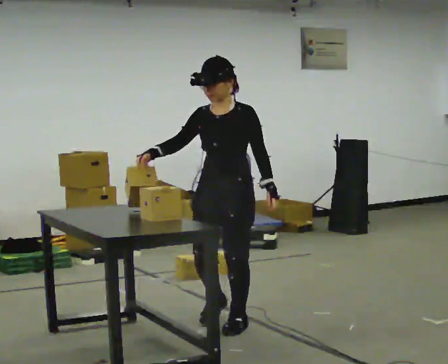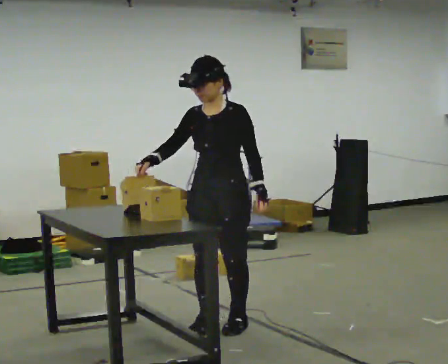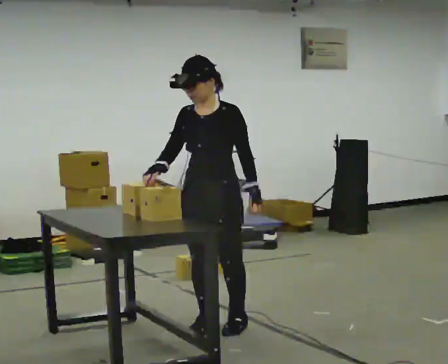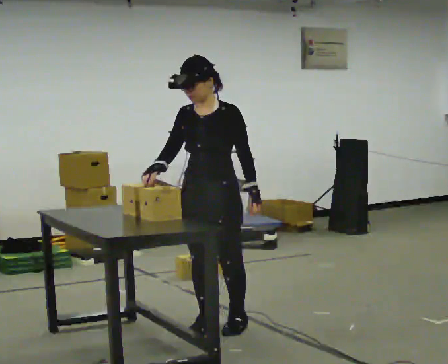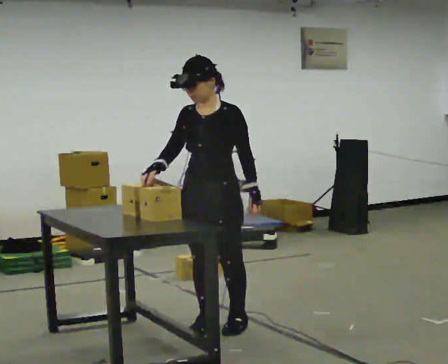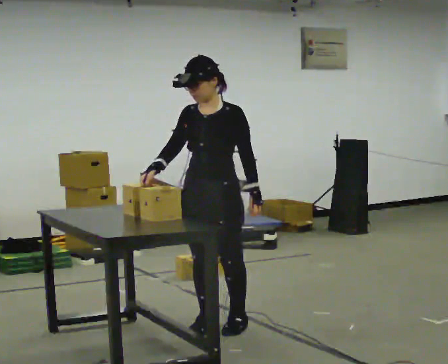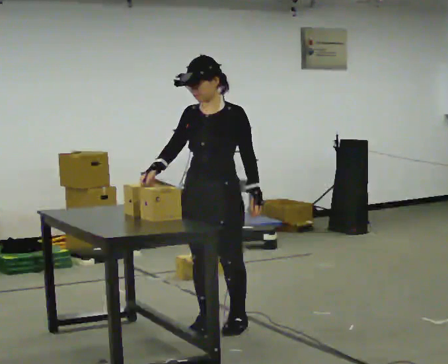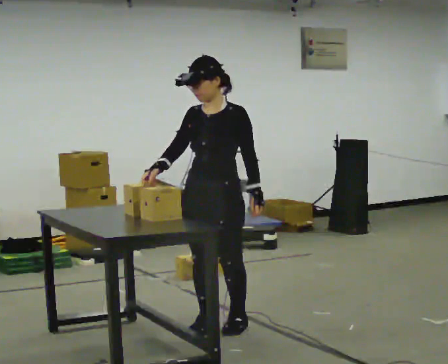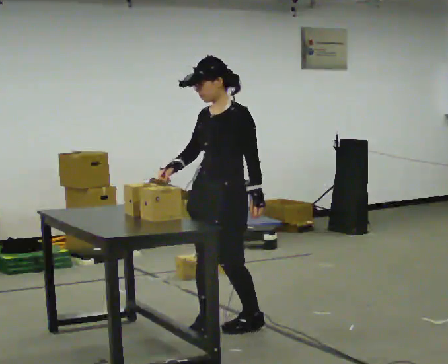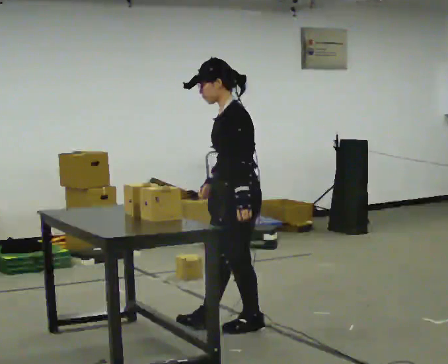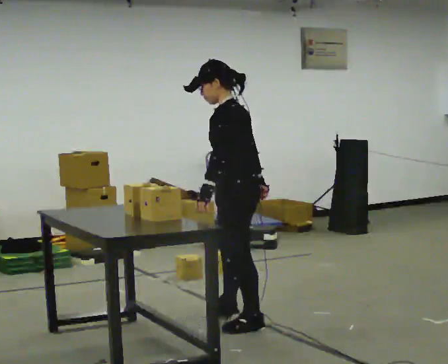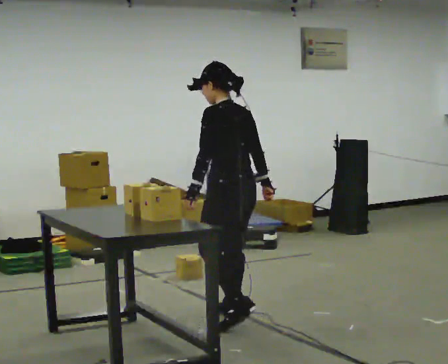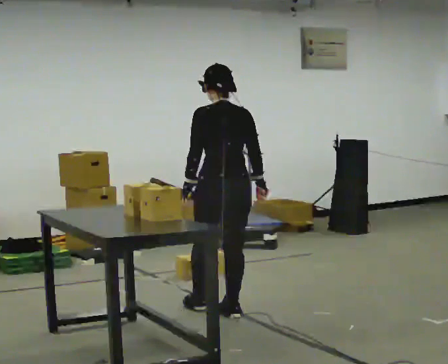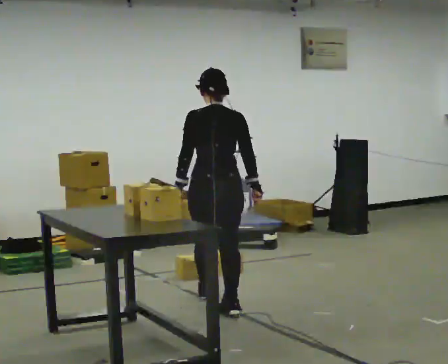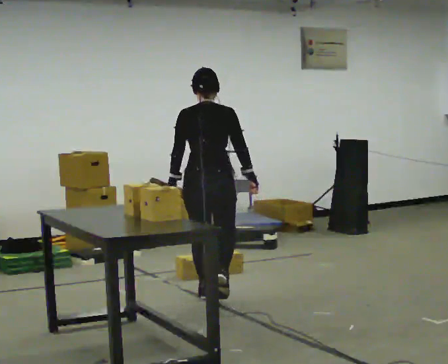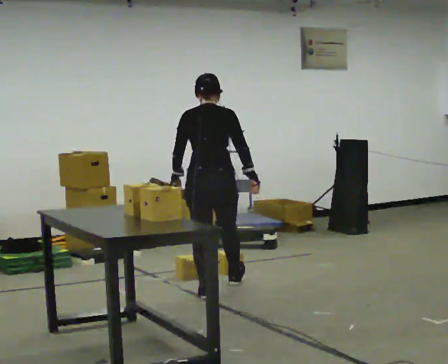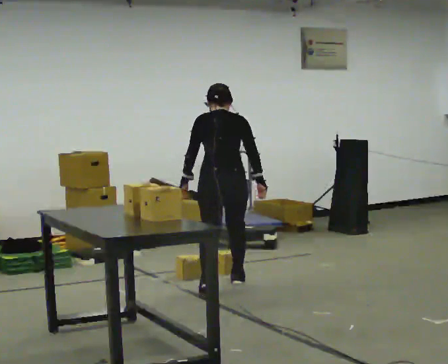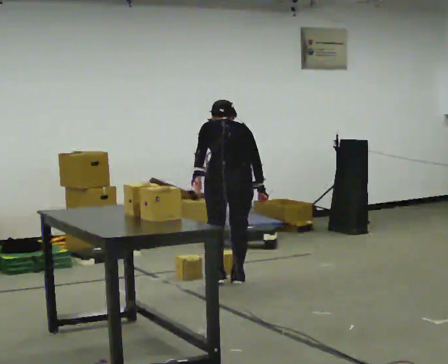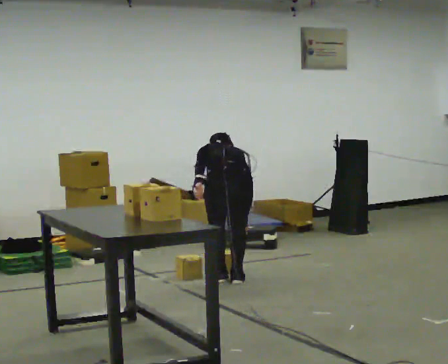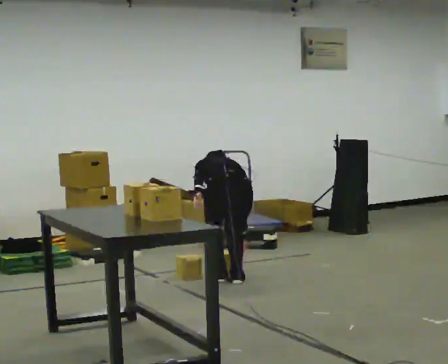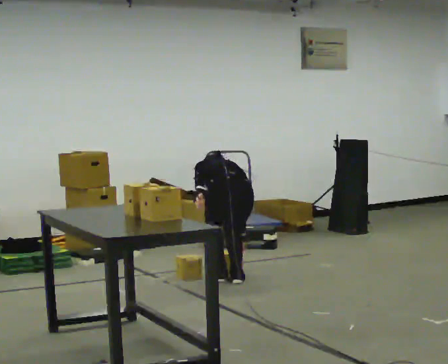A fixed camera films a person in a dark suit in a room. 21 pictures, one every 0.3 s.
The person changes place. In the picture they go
away from the camera.
The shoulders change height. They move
downward.
0.0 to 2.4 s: The person moves a little, or ends about where they began.
2.4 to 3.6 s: Seen from above the body turns clockwise, about 120 degrees: to their right, with its near side sliding to the left. In the picture they go away from the camera, about 0.25 m in 1 step.
3.6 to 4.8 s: In the picture they go away from the camera, about 0.75 m in 2 steps, which for them is forward. The upper body tips away from the camera, its near side rolling upward, as they bend forward.
4.8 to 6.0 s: In the picture they go away from the camera, about 0.25 m in 1 step, which for them is forward. The upper body goes downward. The upper body tips away from the camera, its near side rolling upward, as they bend forward.
The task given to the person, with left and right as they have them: Pick the object up off the floor using only the hand the operator calls, then carry it to the table in that same hand. Keep going until the operator says stop; one object at a time, and do not rush between trips.
The film runs forward here.
